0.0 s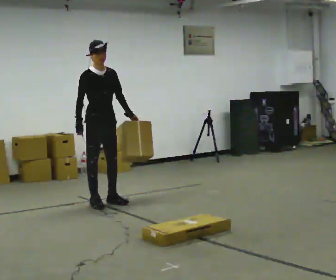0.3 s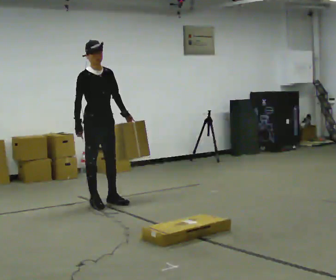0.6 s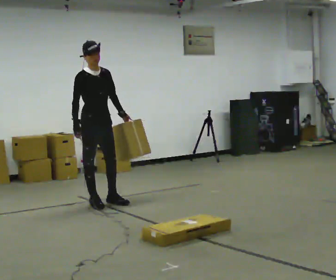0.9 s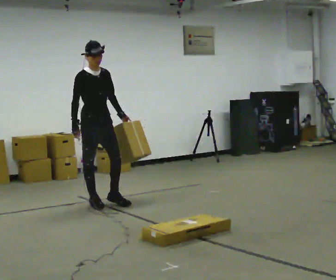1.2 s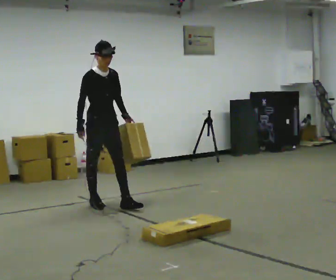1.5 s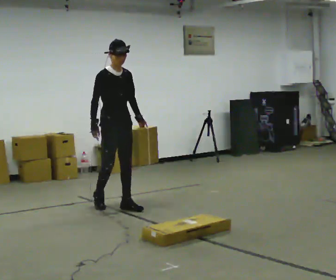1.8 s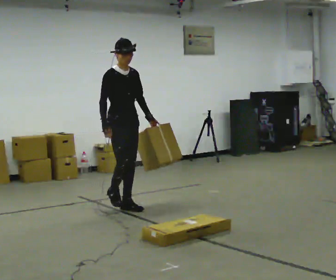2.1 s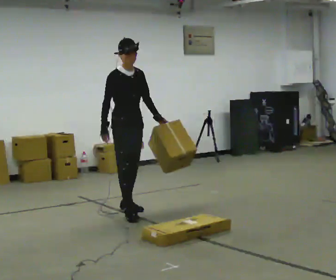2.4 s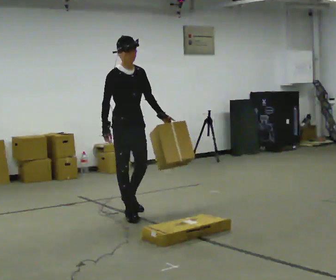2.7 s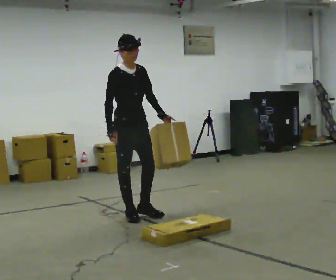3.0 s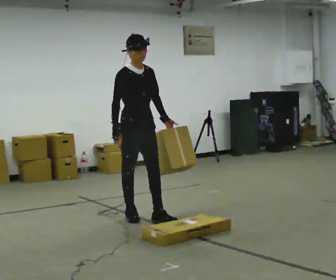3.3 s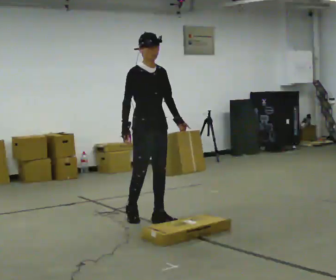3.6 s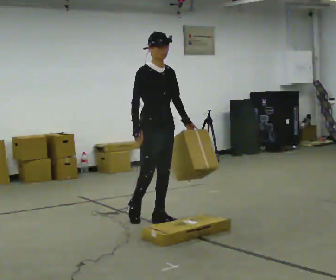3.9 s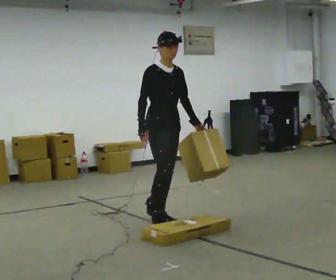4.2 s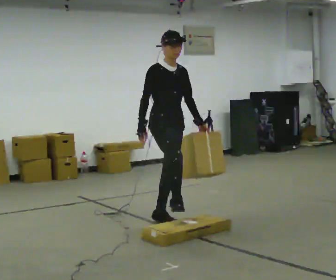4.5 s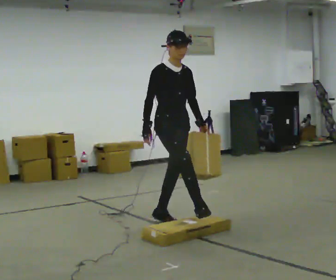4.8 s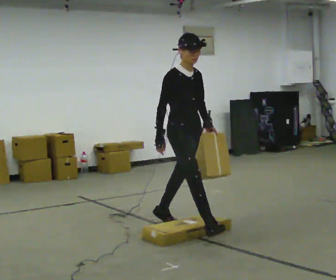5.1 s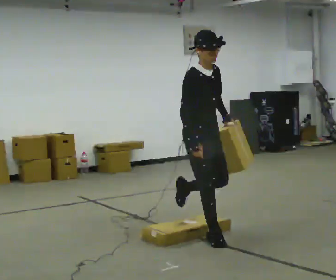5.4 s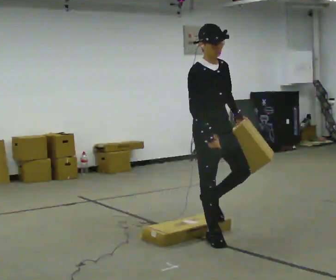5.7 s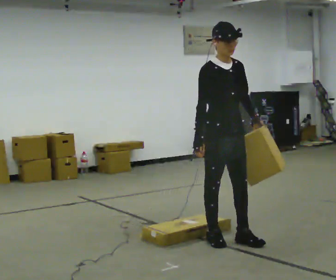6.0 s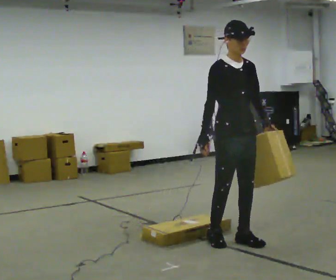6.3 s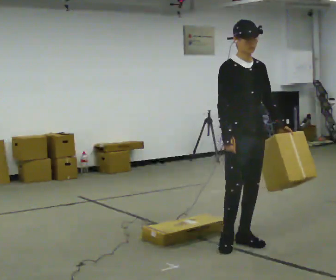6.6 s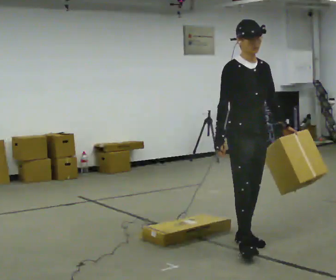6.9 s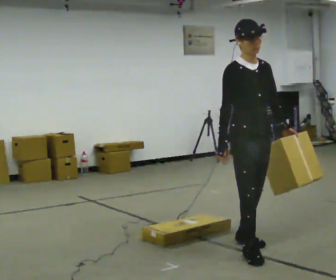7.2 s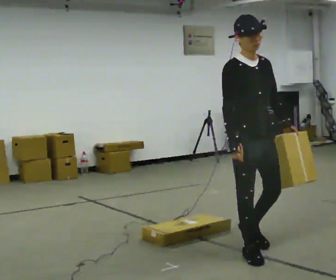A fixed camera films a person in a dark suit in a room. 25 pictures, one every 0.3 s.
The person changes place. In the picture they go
toward the camera.
0.0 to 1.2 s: The person moves a little, or ends about where they began.
1.2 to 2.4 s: In the picture they go toward the camera and to the right, about 0.5 m in 2 steps, which for them is forward.
2.4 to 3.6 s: In the picture they go to the right and toward the camera, about 0.5 m in 1 step, which for them is forward.
3.6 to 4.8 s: In the picture they go toward the camera and to the right, about 0.5 m in 1 step, which for them is forward.
4.8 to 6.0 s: The part of the body nearest the lens slides to the left as the person turns to their right by about 30 degrees. In the picture they go toward the camera and to the right, about 0.75 m in 1 step, which for them is forward.
6.0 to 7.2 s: In the picture they go toward the camera, about 0.25 m in 1 step, which for them is forward.
The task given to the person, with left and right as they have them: Carry the box over the low sill without stopping, then bring it back over. Keep going until the operator says stop; one object at a time, and do not rush between trips.
The film runs forward here.
